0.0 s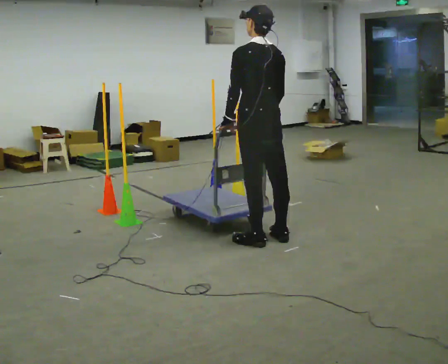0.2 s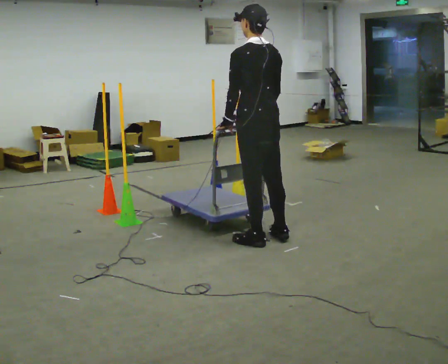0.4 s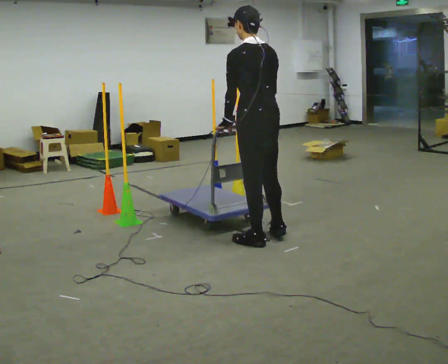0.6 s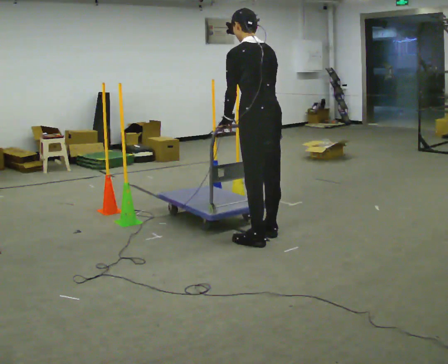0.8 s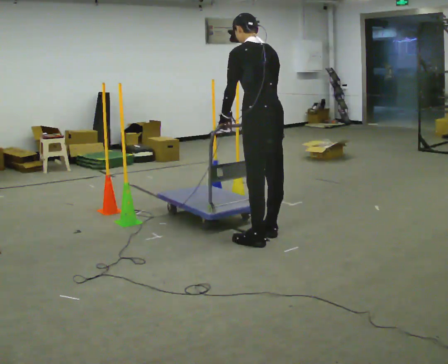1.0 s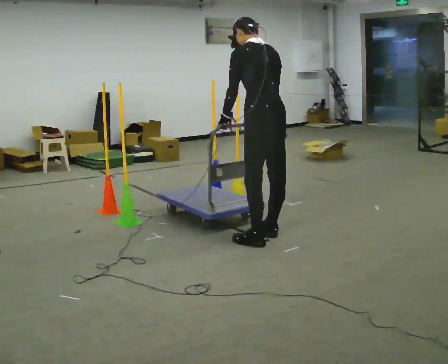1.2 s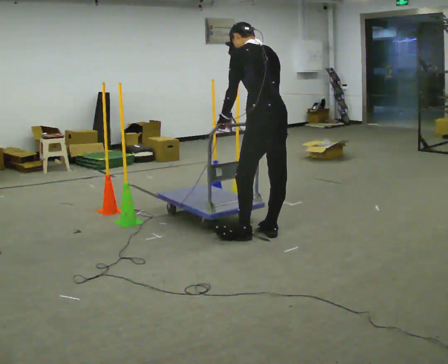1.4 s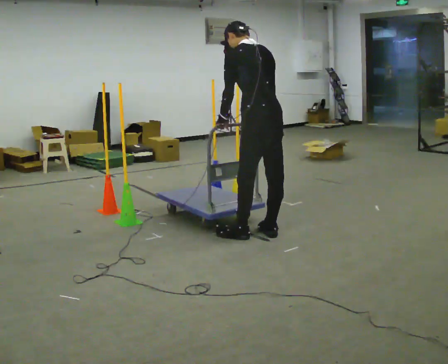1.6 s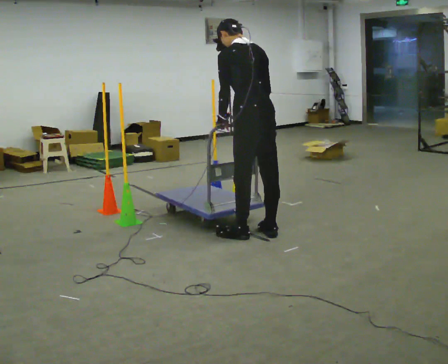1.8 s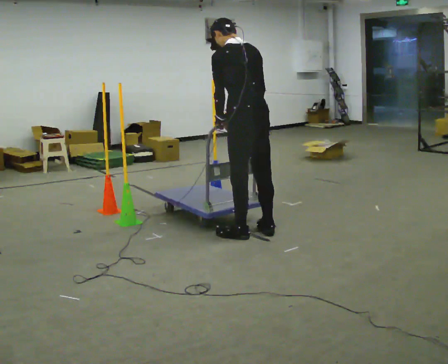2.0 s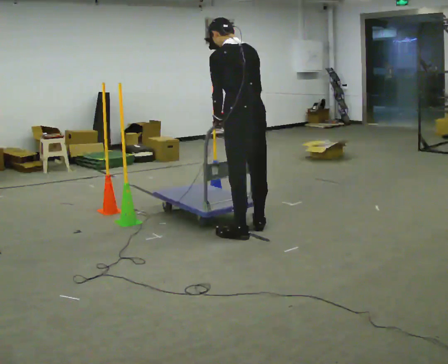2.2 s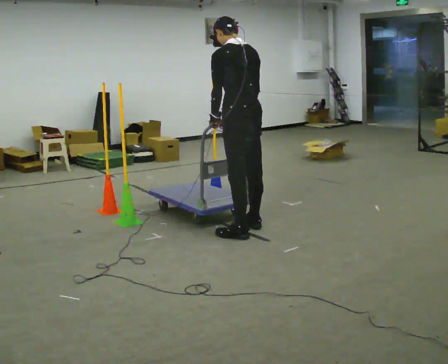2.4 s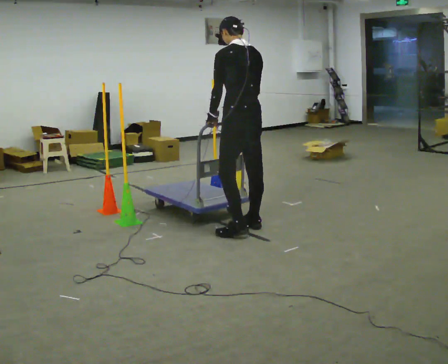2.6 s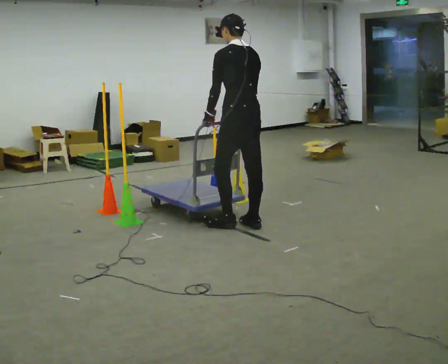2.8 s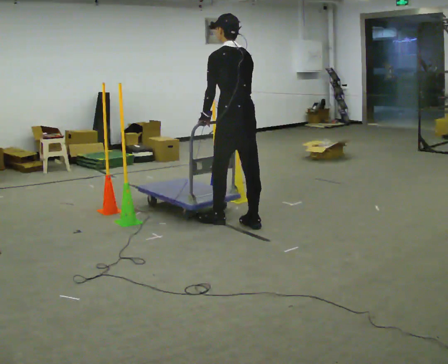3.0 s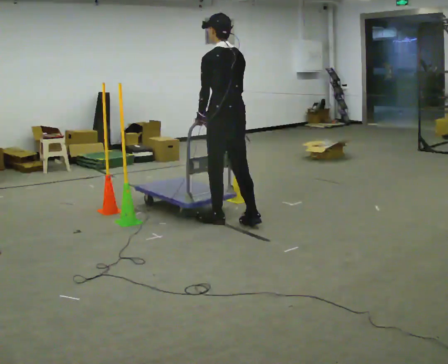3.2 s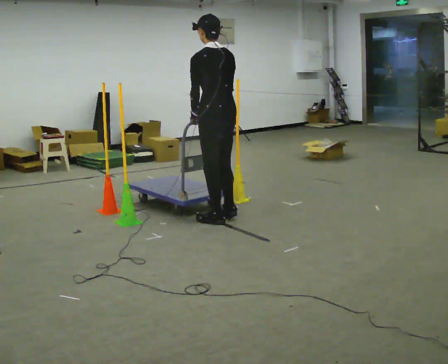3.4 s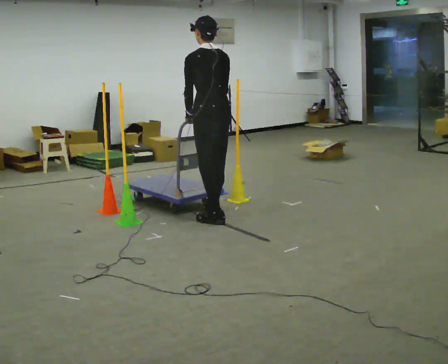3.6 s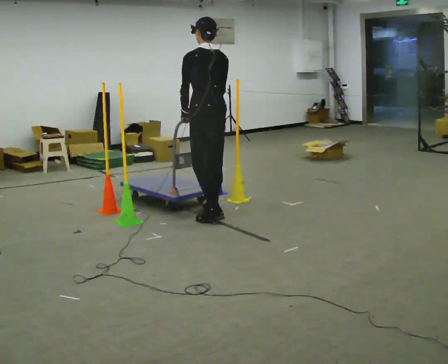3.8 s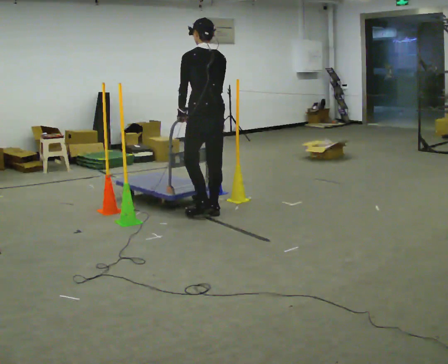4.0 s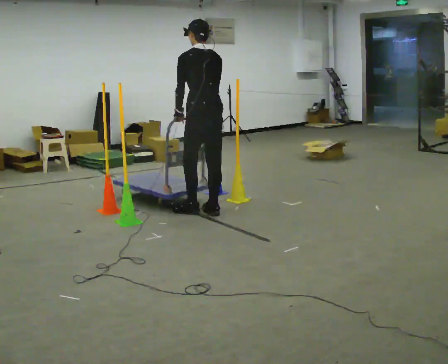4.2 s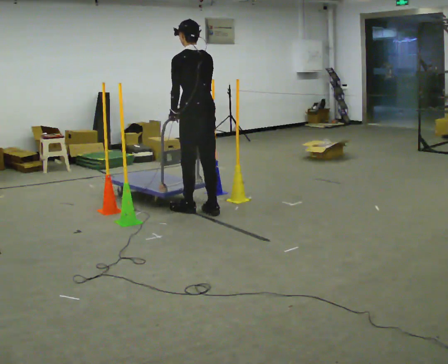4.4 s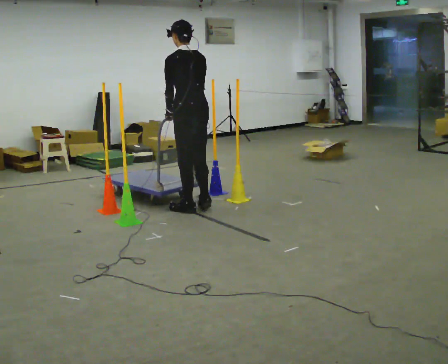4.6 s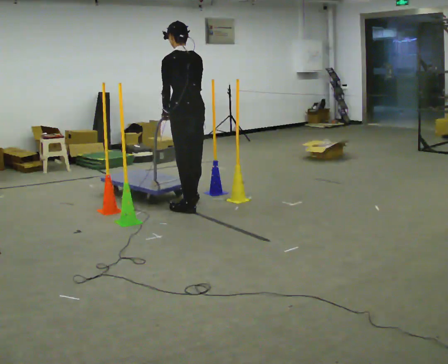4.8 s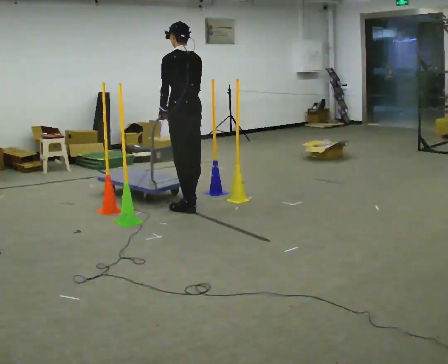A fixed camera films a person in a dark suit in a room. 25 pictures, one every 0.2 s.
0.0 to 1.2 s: The person moves a little, or ends about where they began.
1.2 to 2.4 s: In the picture they go away from the camera and to the left, about 0.25 m in 2 steps, which for them is forward.
2.4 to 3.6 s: In the picture they go away from the camera and to the left, about 0.5 m in 1 step, which for them is forward.
3.6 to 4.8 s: In the picture they go away from the camera and to the left, about 0.5 m in 2 steps, which for them is forward.
The film runs backward here.
